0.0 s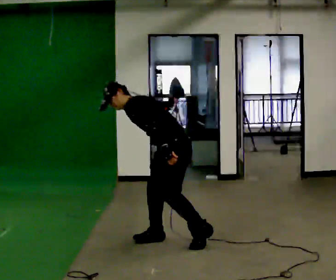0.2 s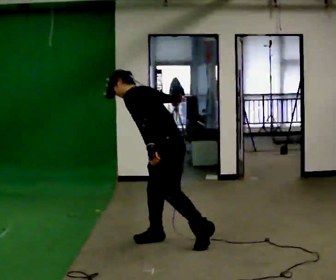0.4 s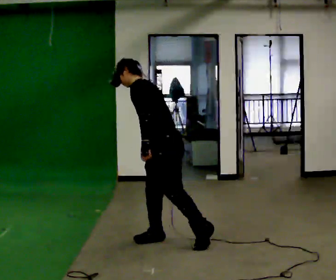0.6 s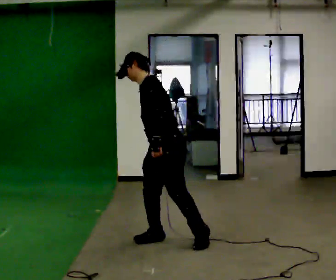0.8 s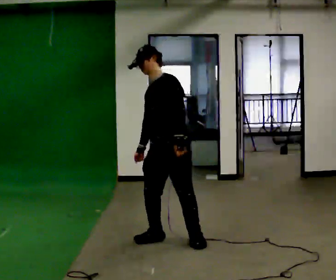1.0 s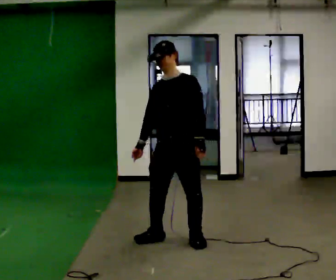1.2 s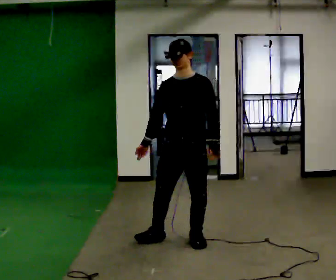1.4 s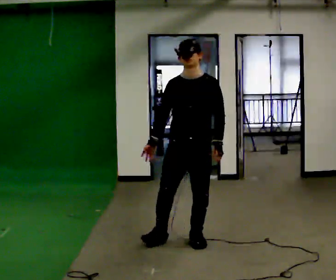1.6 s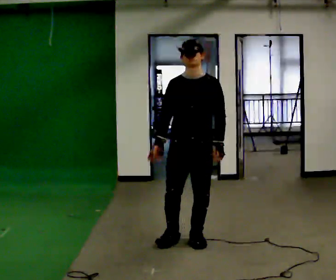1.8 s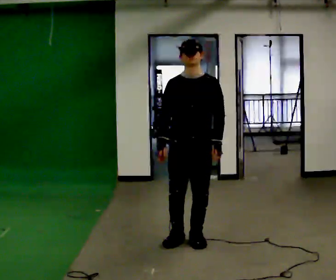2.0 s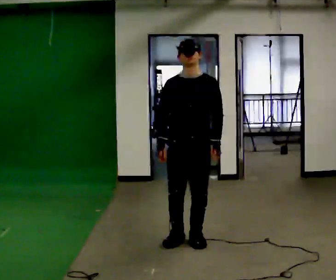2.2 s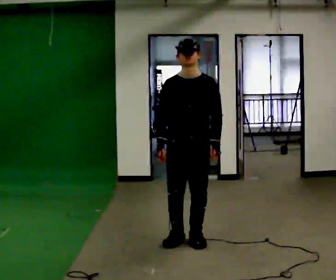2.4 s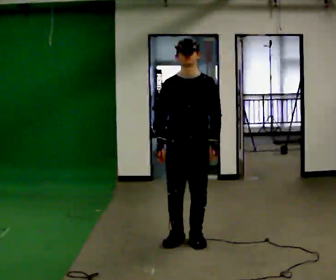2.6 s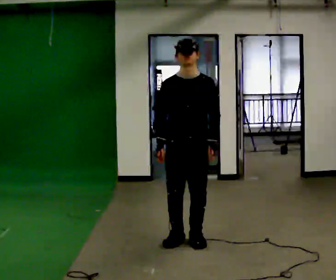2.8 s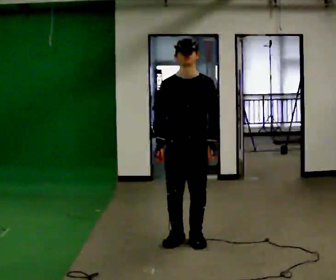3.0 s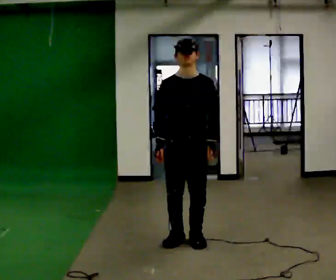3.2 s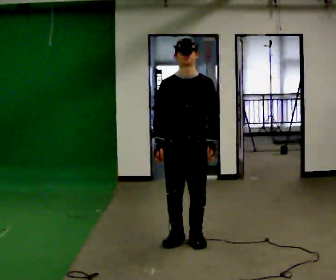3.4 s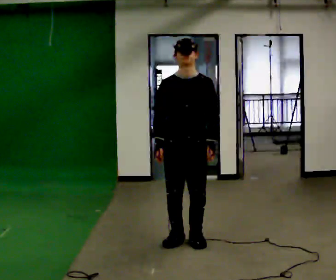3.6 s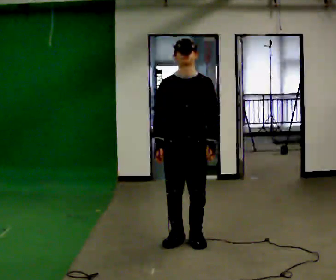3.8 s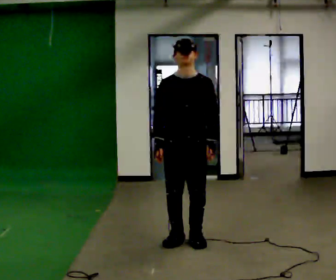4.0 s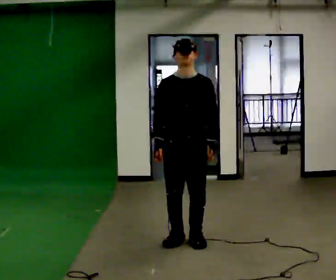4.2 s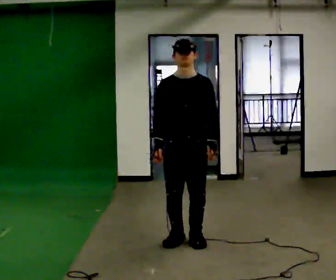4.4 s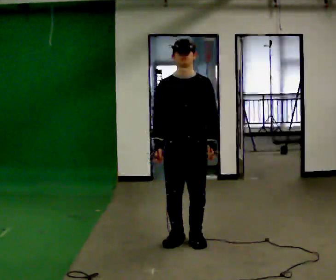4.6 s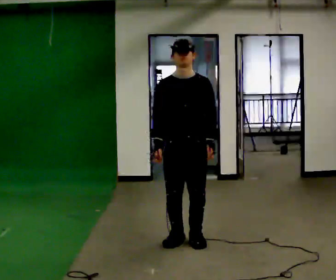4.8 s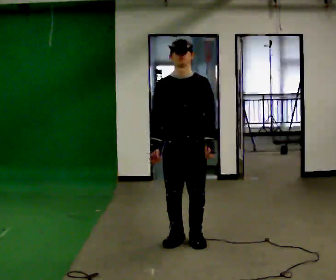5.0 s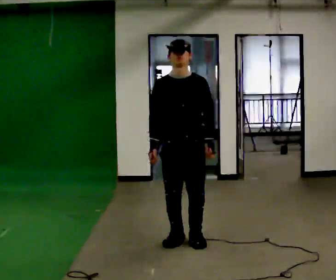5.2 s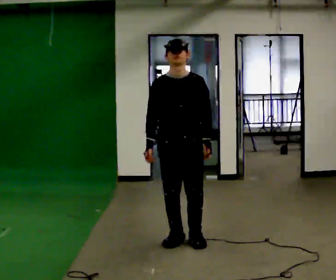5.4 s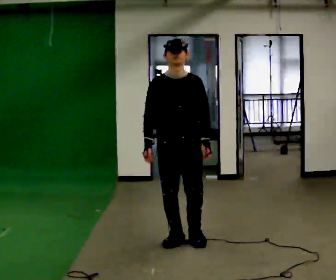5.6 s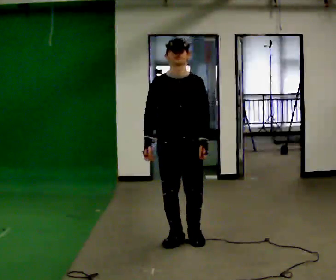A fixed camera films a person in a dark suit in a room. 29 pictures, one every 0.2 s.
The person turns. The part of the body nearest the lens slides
to the right.
The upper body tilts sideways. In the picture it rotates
clockwise.
0.0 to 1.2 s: The person turns about 75 degrees to their left, counterclockwise seen from above, so the part of the body nearest the lens slides to the right. The upper body goes upward. In the picture the upper body tilts clockwise, shoulders to the right, as they lean back or straighten. In the picture their right hand goes downward.
1.2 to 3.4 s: The person moves a little, or ends about where they began.
3.4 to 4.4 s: The person keeps their place and pose.
4.4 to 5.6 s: The person moves a little, or ends about where they began.
The film runs backward here.
